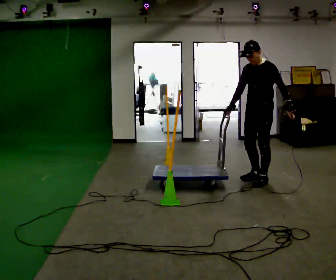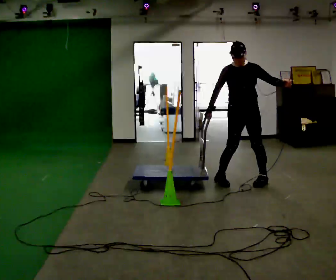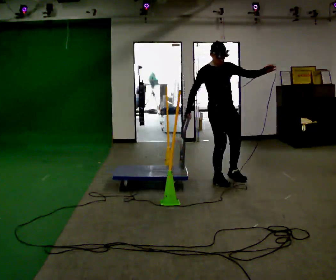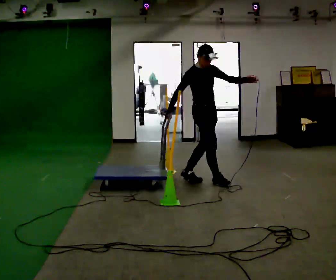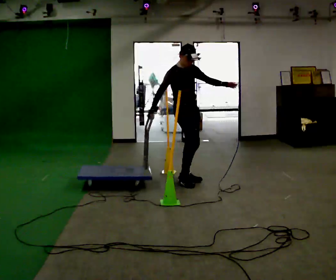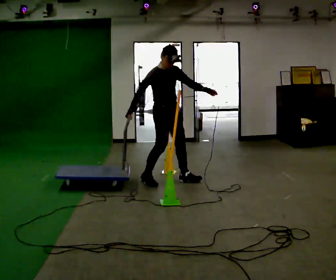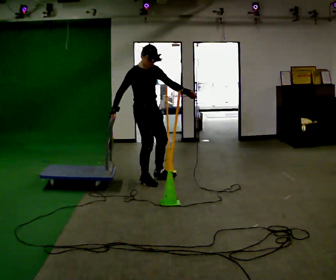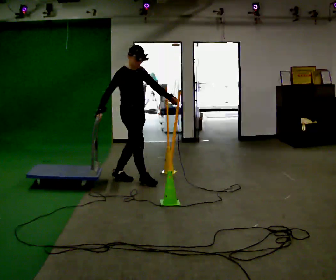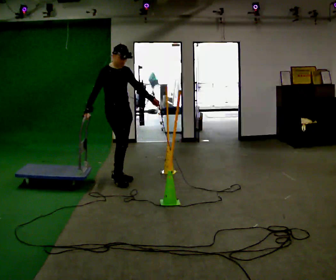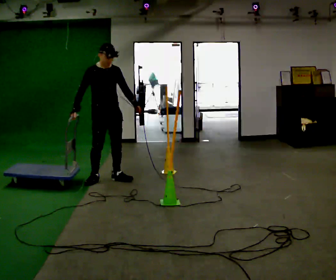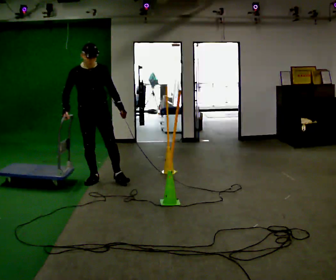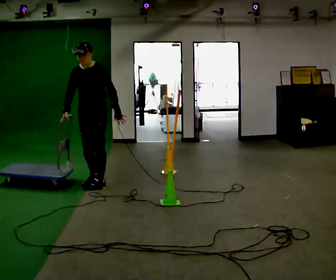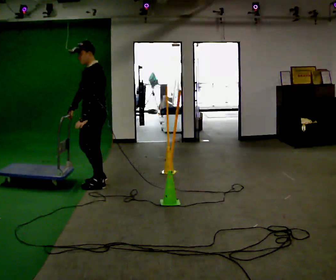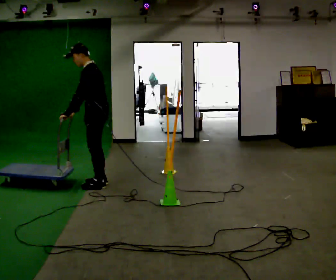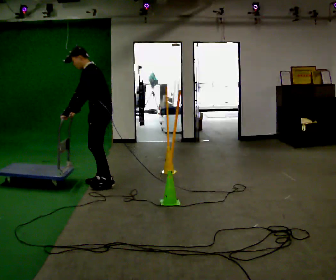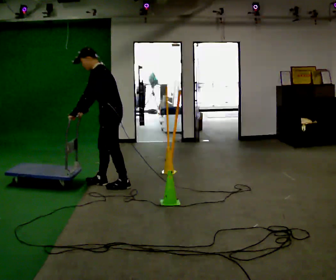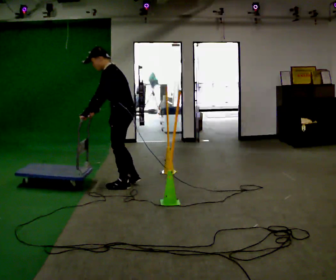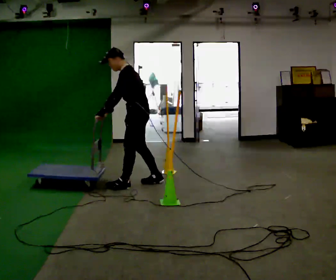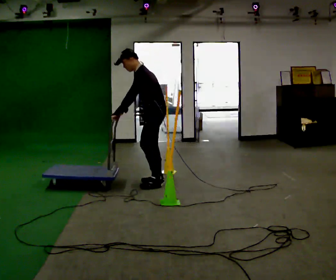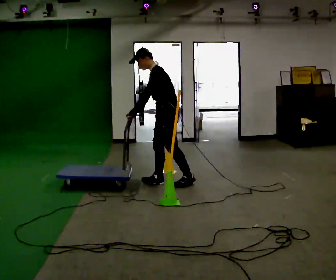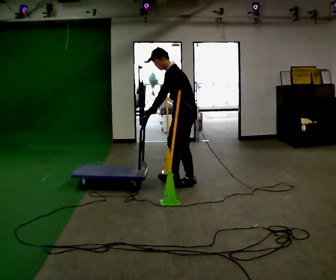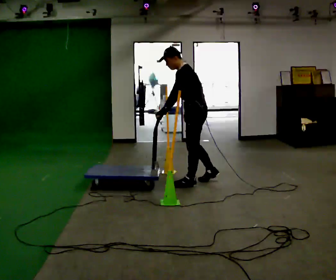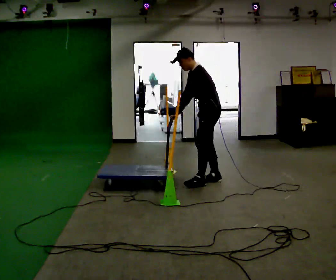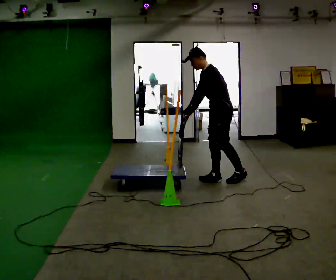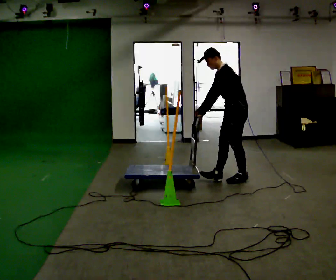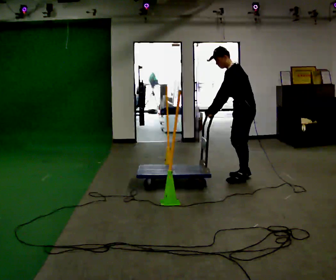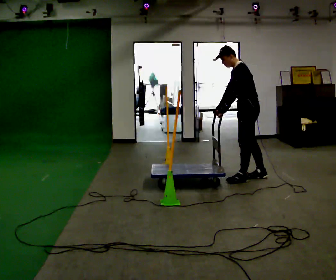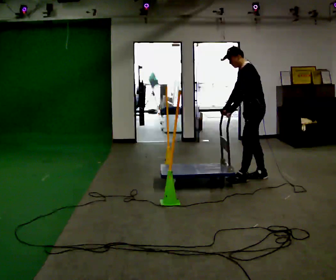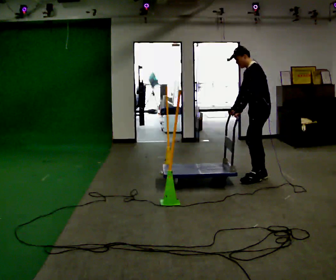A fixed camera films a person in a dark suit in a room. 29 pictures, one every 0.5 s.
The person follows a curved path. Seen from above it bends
counterclockwise.
0.0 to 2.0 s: Seen from above the body turns counterclockwise, about 120 degrees: to their left, with its near side sliding to the right. In the picture they go to the left, about 1 m in 2 steps.
2.0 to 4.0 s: In the picture they go to the left, about 1 m in 2 steps, which for them is backward and to their right.
4.0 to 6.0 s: The part of the body nearest the lens slides to the left as the person turns to their right by about 120 degrees. In the picture they go toward the camera and to the left, about 0.25 m in 2 steps.
6.0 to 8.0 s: Seen from above the body turns clockwise, about 30 degrees: to their right, with its near side sliding to the left. In the picture they go to the right, about 0.25 m in 2 steps, which for them is backward. In the picture the upper body tilts counterclockwise, shoulders to the left, as they bend forward.
8.0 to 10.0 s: In the picture they go to the right, about 0.5 m in 2 steps, which for them is backward.
10.0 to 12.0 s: In the picture they go to the right, about 0.75 m in 1 step, which for them is backward.
12.0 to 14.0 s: In the picture they go to the right, about 0.25 m in 2 steps, which for them is backward and to their right.
The film runs backward here.
